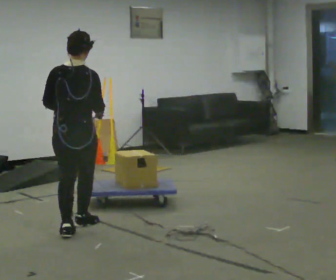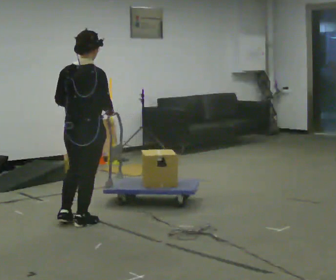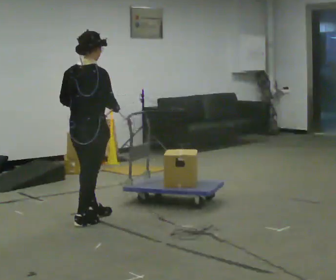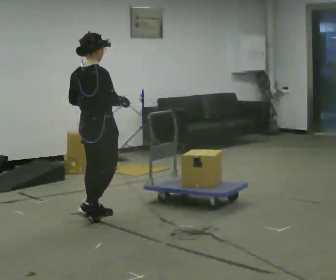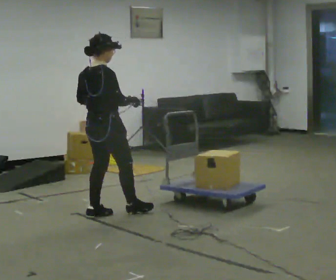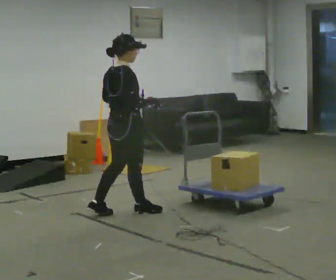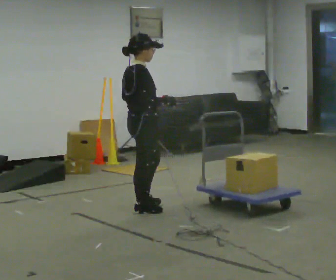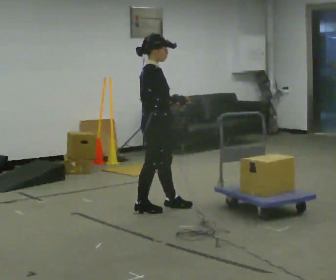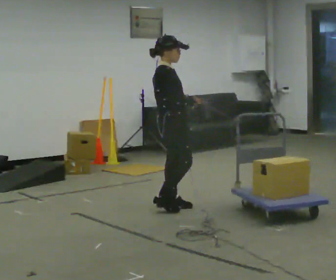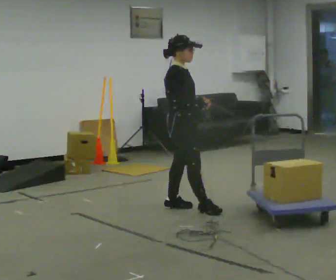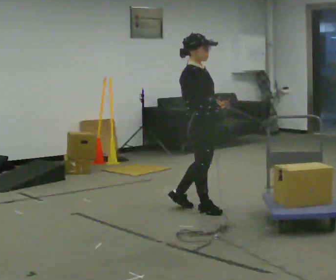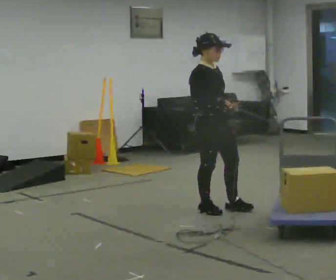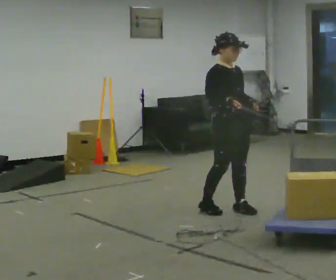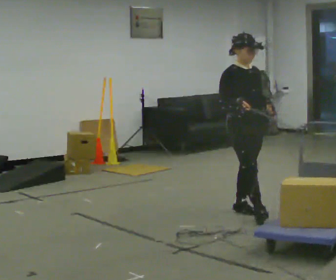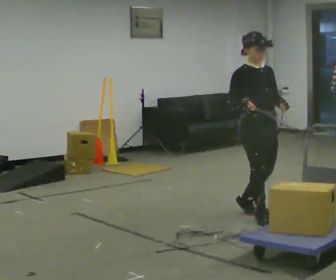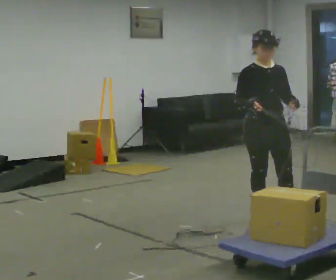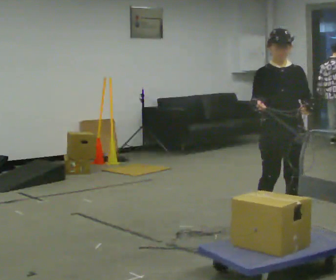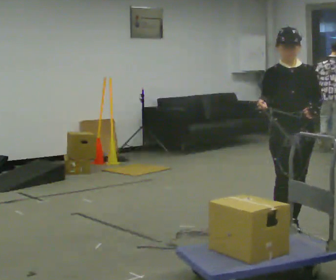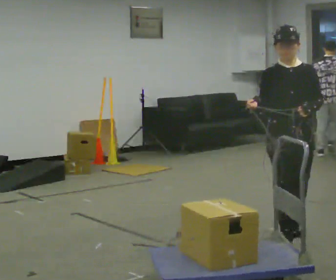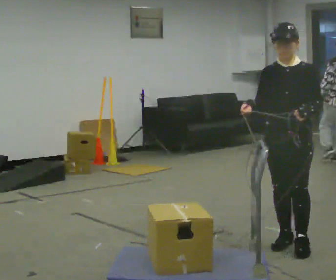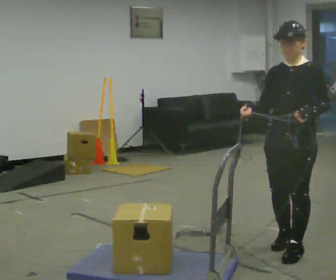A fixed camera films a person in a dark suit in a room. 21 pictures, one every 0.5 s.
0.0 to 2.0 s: Seen from above the body turns clockwise, about 45 degrees: to their right, with its near side sliding to the left. In the picture they go away from the camera, about 0.5 m in 2 steps, which for them is forward.
2.0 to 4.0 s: The person turns about 45 degrees to their right, clockwise seen from above, so the part of the body nearest the lens slides to the left. In the picture they go to the right and away from the camera, about 0.75 m in 2 steps, which for them is forward.
4.0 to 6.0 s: Seen from above the body turns clockwise, about 45 degrees: to their right, with its near side sliding to the left. In the picture they go to the right, about 0.5 m in 1 step, which for them is forward.
6.0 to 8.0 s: The part of the body nearest the lens slides to the left as the person turns to their right by about 45 degrees. In the picture they go toward the camera and to the right, about 0.75 m in 2 steps, which for them is forward.
8.0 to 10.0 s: The person turns about 30 degrees to their right, clockwise seen from above, so the part of the body nearest the lens slides to the left. In the picture they go toward the camera, about 0.75 m in 2 steps, which for them is forward.
The film runs backward here.
